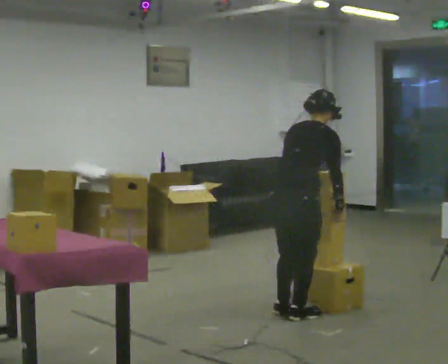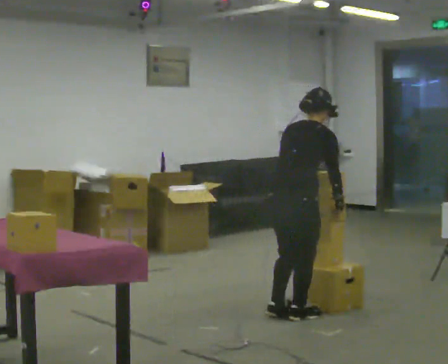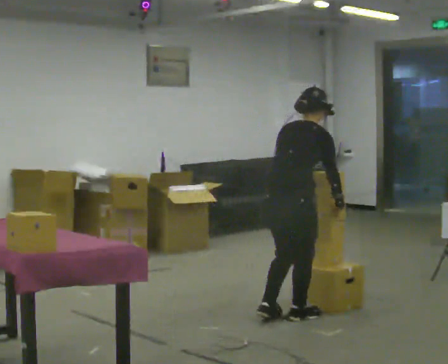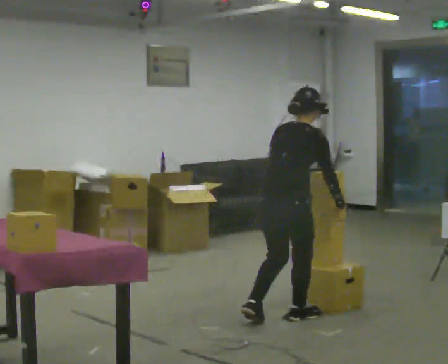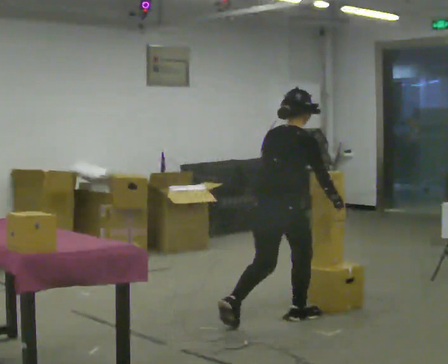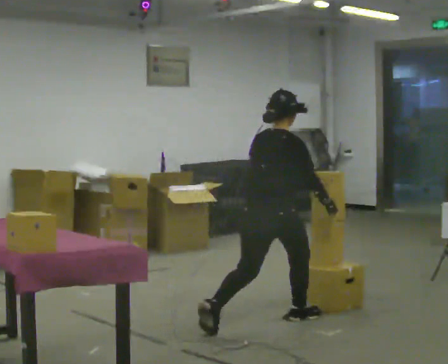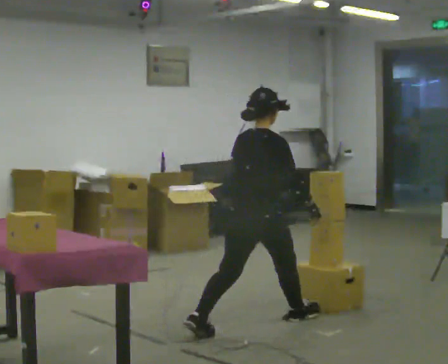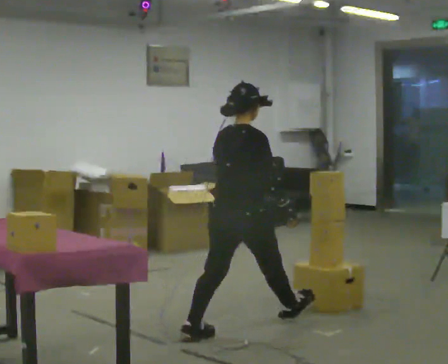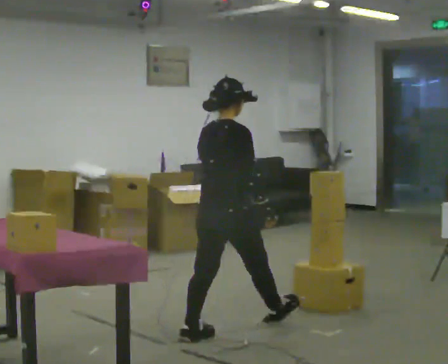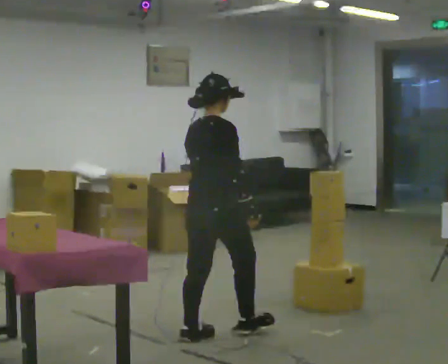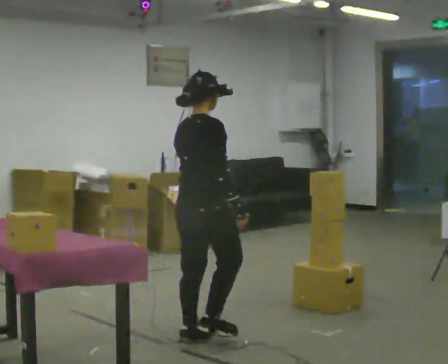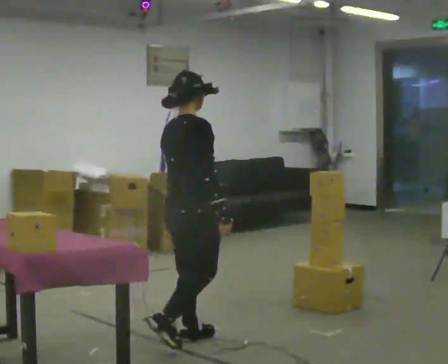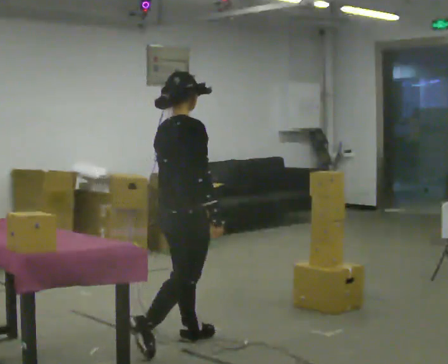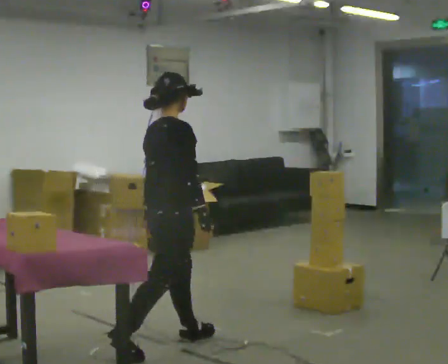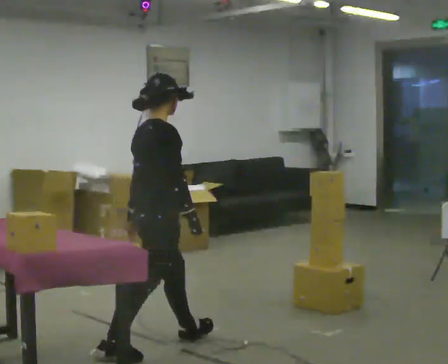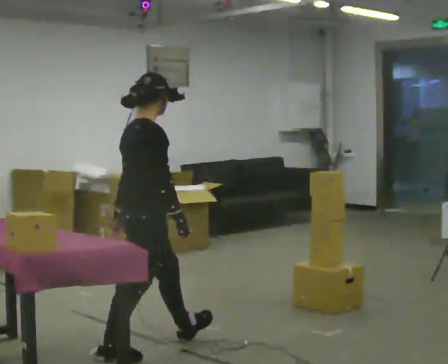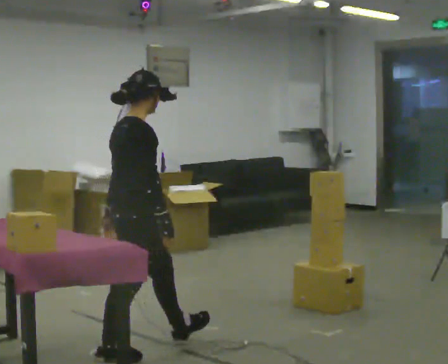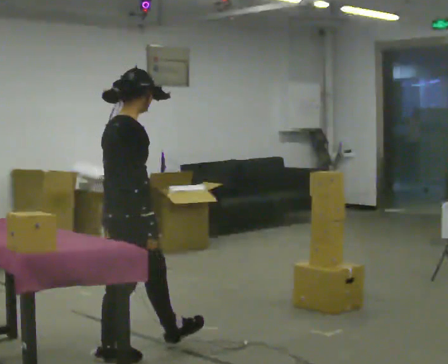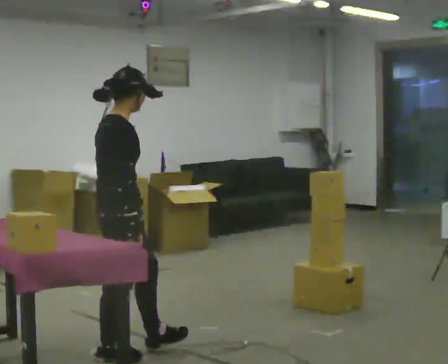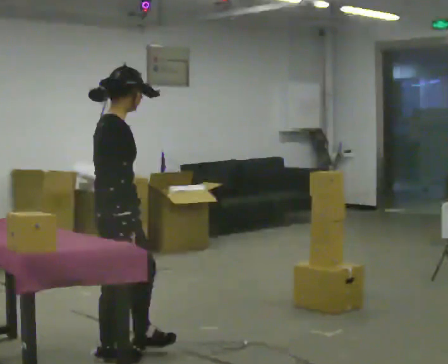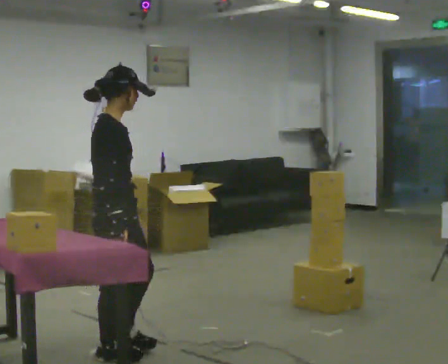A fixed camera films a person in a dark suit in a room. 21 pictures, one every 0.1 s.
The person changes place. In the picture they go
to the left.
0.0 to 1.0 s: In the picture they go to the left and toward the camera, about 0.5 m in 1 step, which for them is backward and to their left. In the picture the upper body tilts counterclockwise, shoulders to the left, as they lean back or straighten.
1.0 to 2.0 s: The person turns about 30 degrees to their right, clockwise seen from above, so the part of the body nearest the lens slides to the left. In the picture they go to the left and toward the camera, about 0.5 m in 1 step, which for them is backward and to their right.
The film runs backward here.
